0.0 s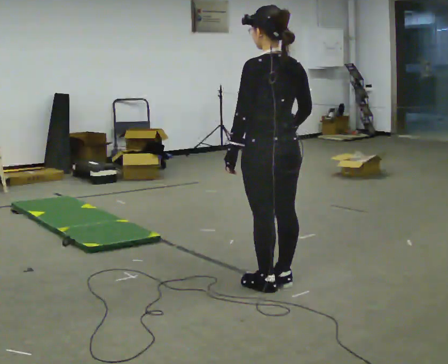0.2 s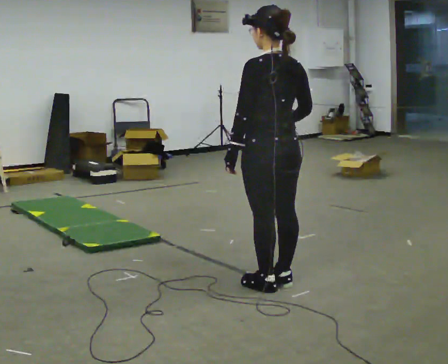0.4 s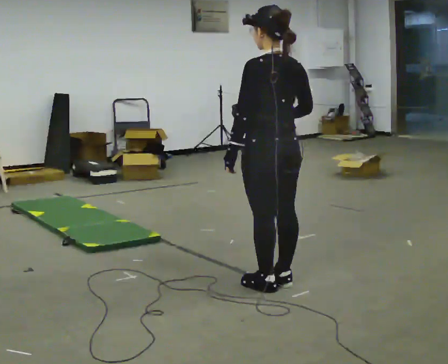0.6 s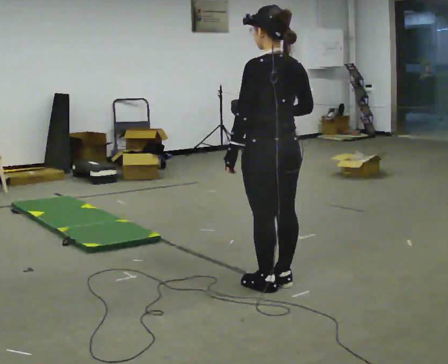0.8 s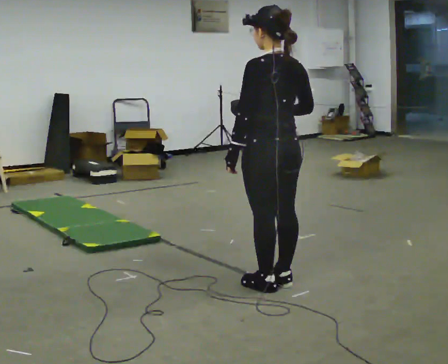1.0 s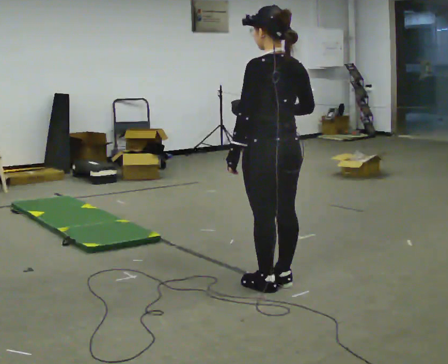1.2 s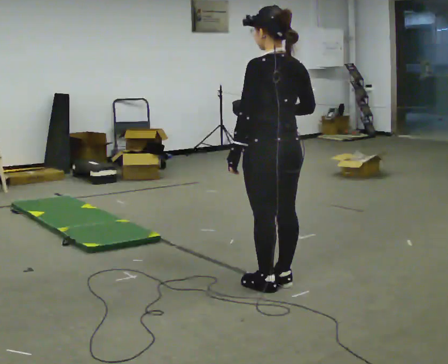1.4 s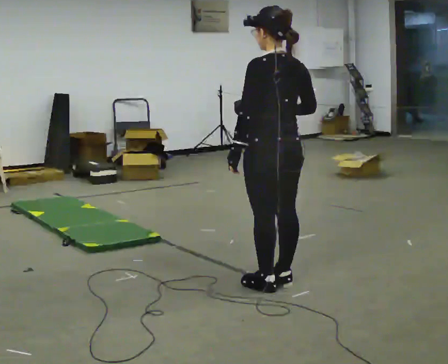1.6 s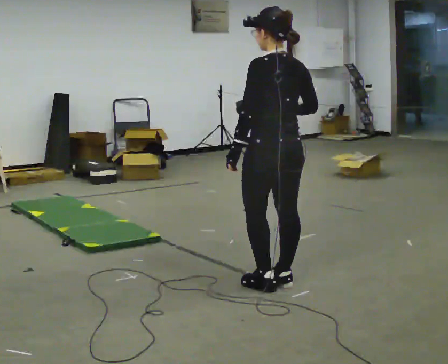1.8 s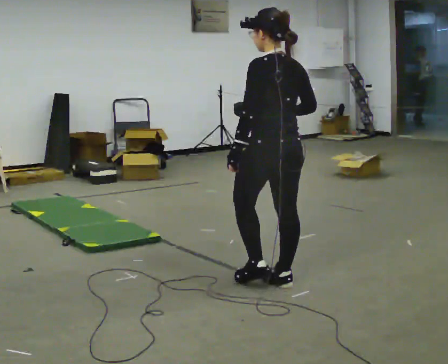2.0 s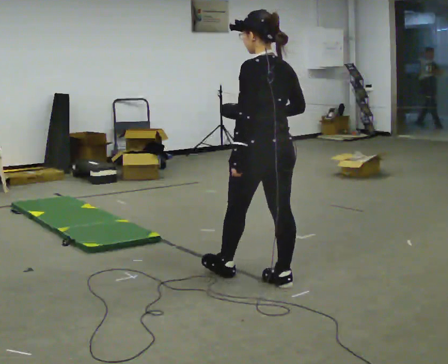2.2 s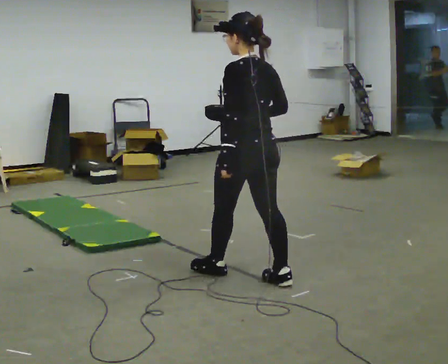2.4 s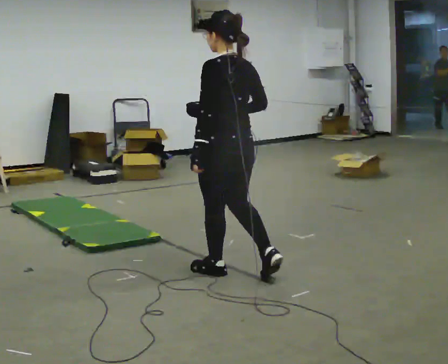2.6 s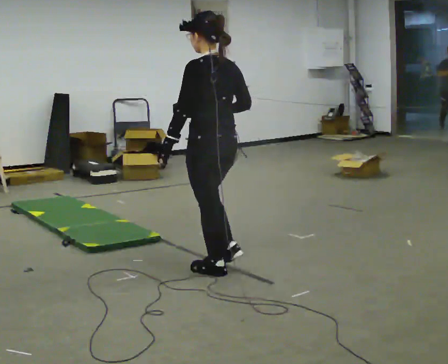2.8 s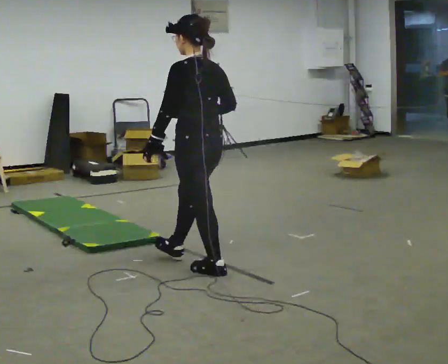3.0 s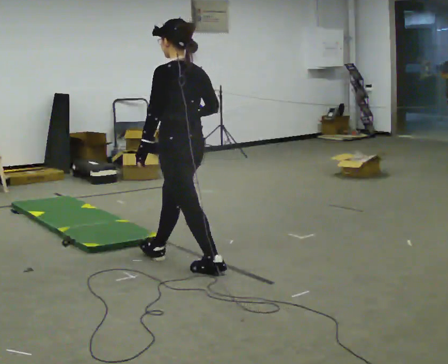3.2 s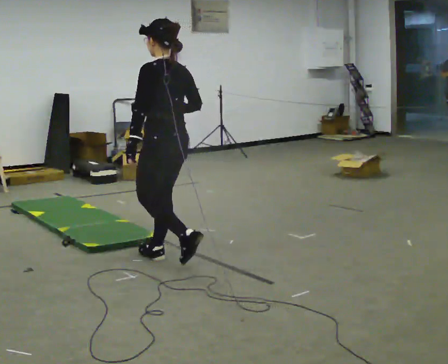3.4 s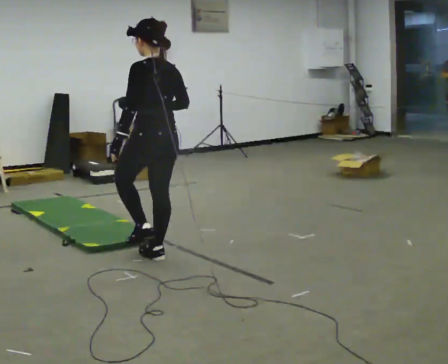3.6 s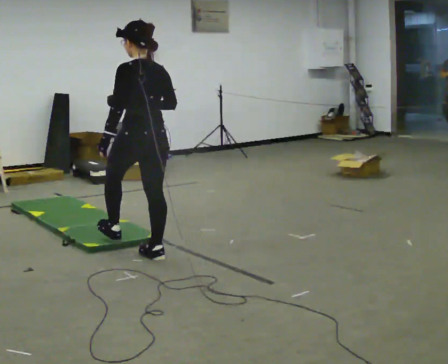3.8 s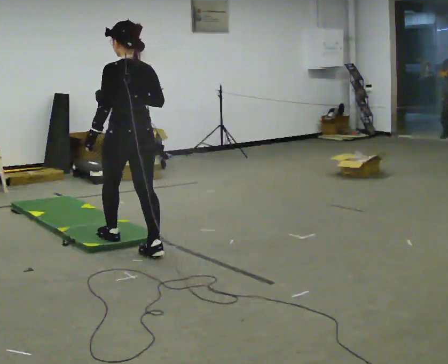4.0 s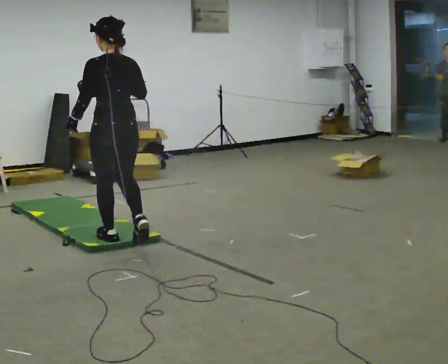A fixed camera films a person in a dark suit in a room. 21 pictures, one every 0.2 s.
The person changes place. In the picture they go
to the left.
0.0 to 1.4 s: The person moves a little, or ends about where they began.
1.4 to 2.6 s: In the picture they go to the left and away from the camera, about 0.5 m in 1 step, which for them is forward.
2.6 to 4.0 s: In the picture they go to the left and away from the camera, about 1 m in 2 steps, which for them is forward.
The film runs forward here.
